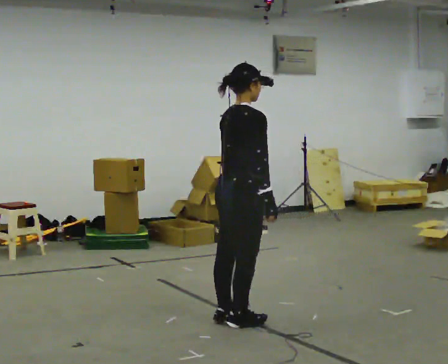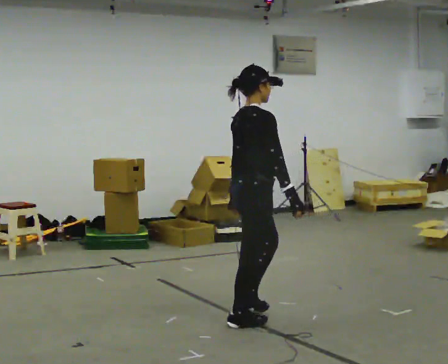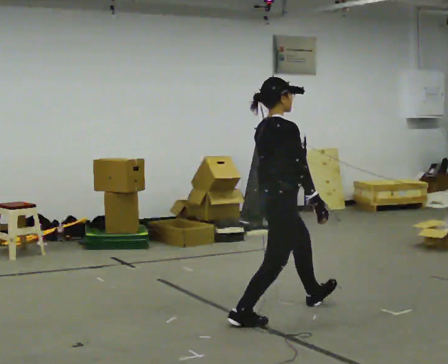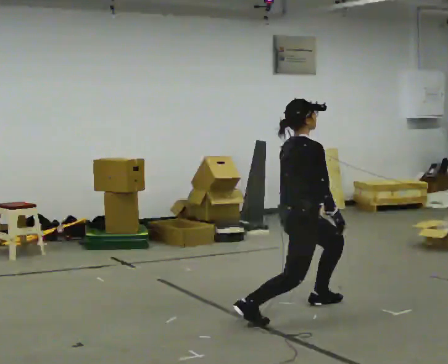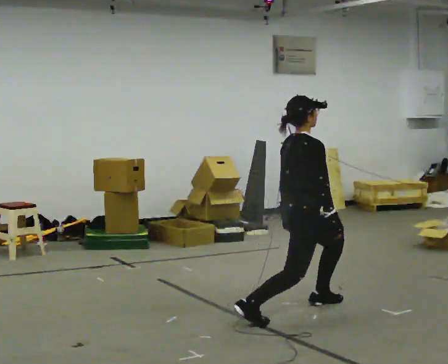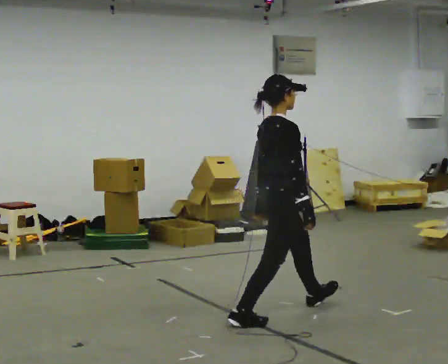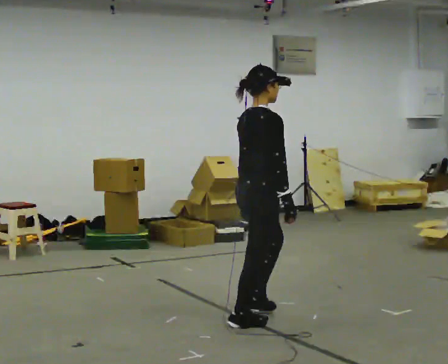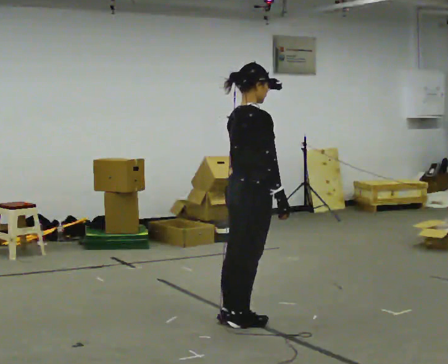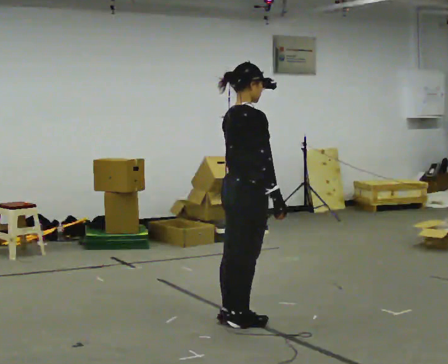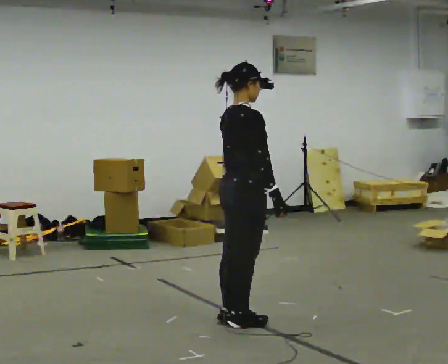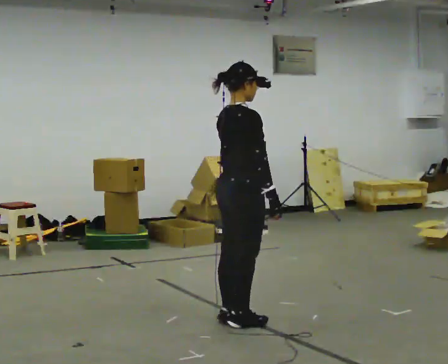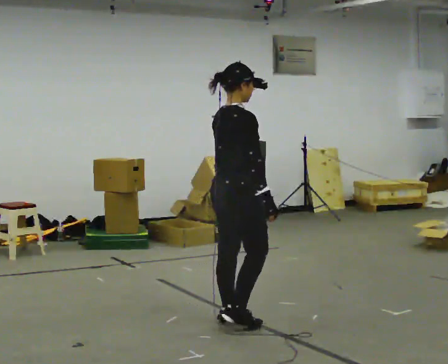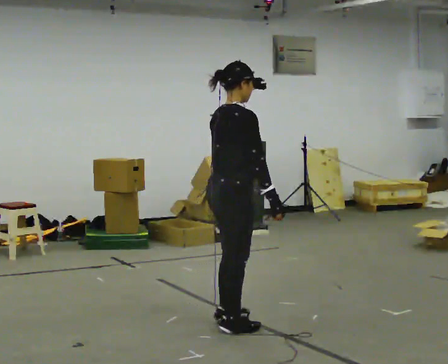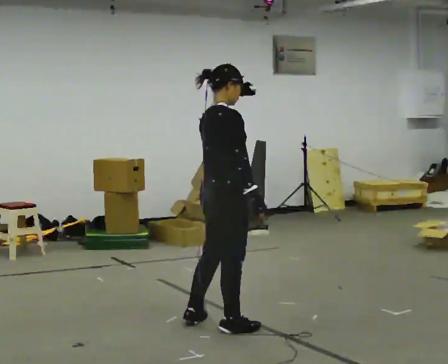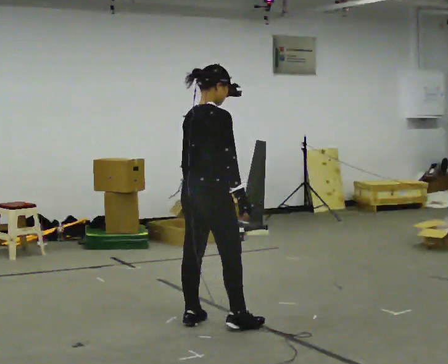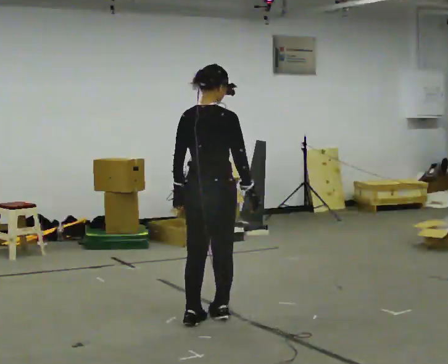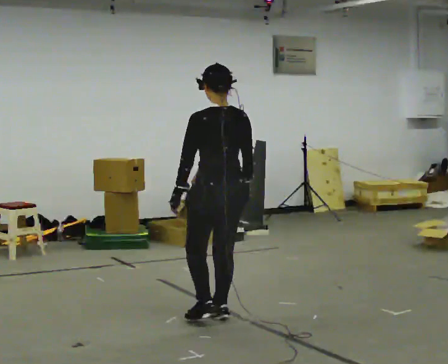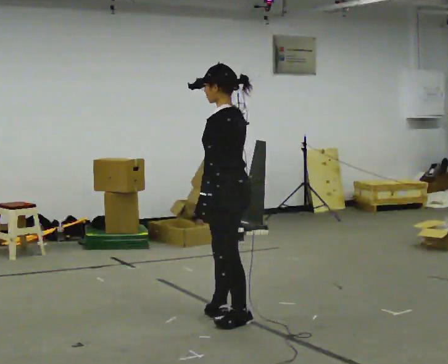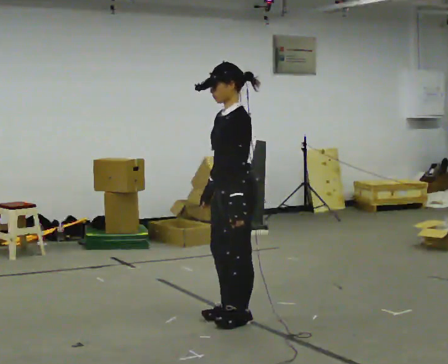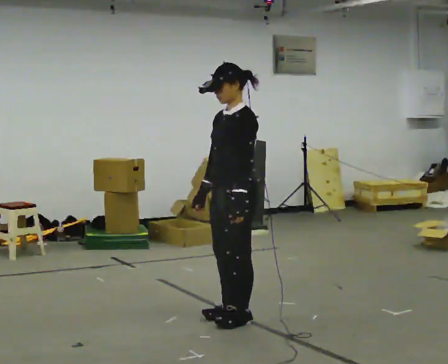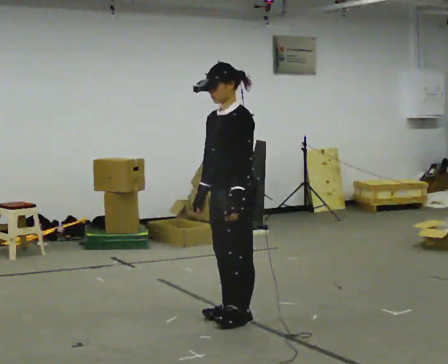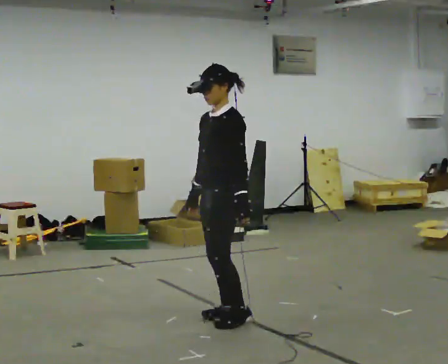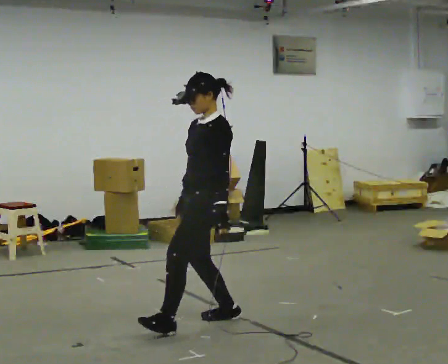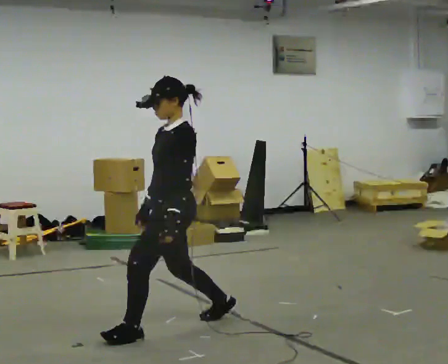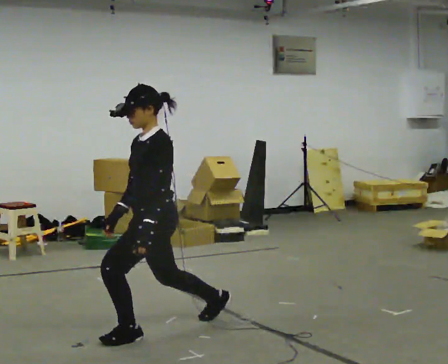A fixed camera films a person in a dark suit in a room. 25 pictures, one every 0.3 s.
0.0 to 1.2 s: In the picture they go to the right and away from the camera, about 0.5 m in 1 step, which for them is forward. The upper body goes downward.
1.2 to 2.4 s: In the picture they go to the left and toward the camera, about 0.5 m in 1 step, which for them is backward. The upper body goes upward.
2.4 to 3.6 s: The person moves a little, or ends about where they began.
3.6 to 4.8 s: The person turns about 75 degrees to their left, counterclockwise seen from above, so the part of the body nearest the lens slides to the right.
4.8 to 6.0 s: The person turns about 105 degrees to their left, counterclockwise seen from above, so the part of the body nearest the lens slides to the right. In the picture their left hand goes to the right.
6.0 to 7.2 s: In the picture they go to the left and toward the camera, about 0.5 m in 1 step, which for them is forward.
The film runs backward here.
